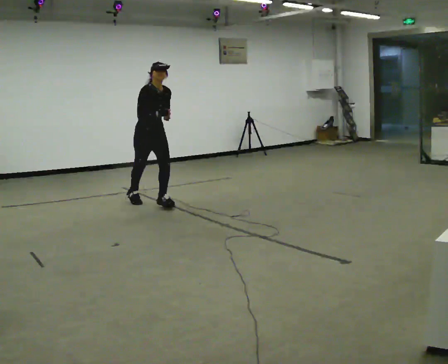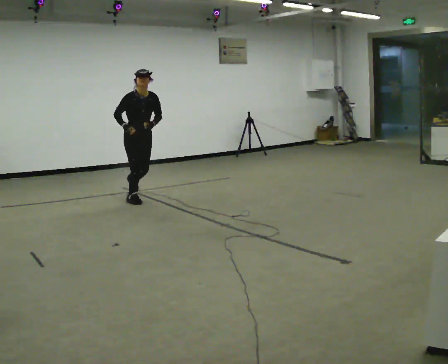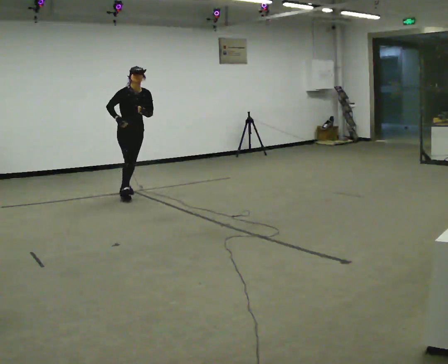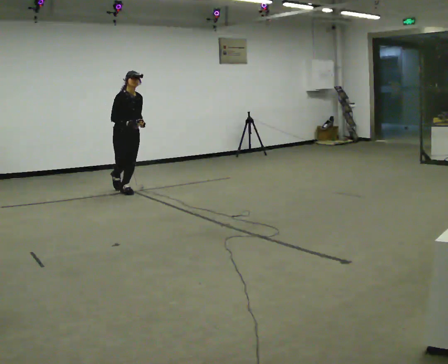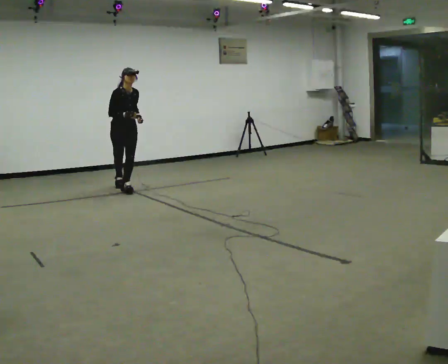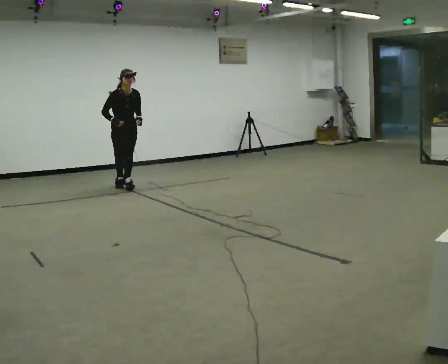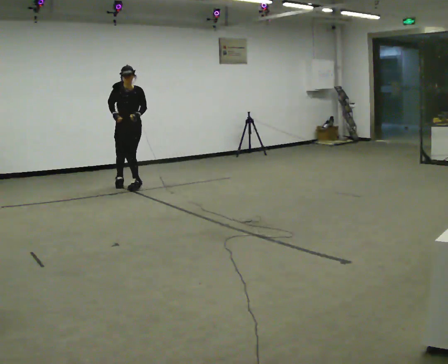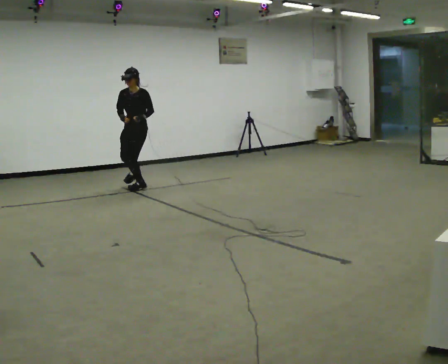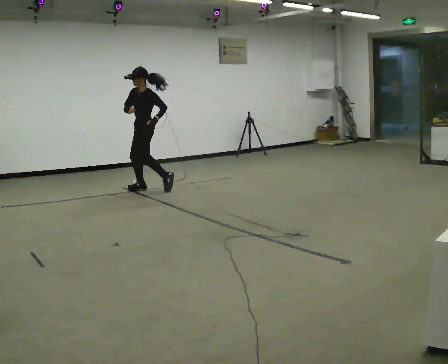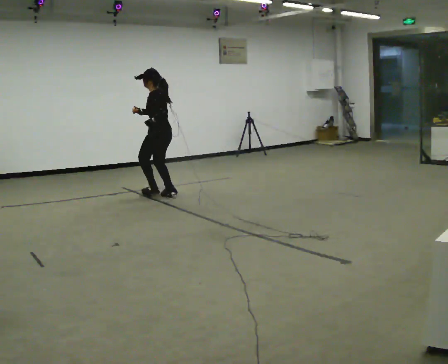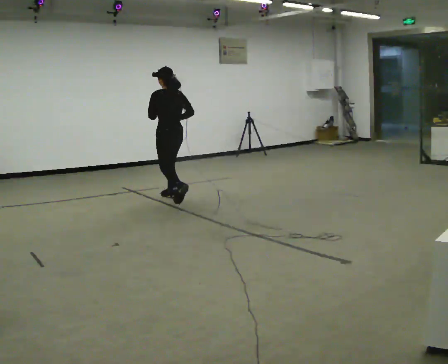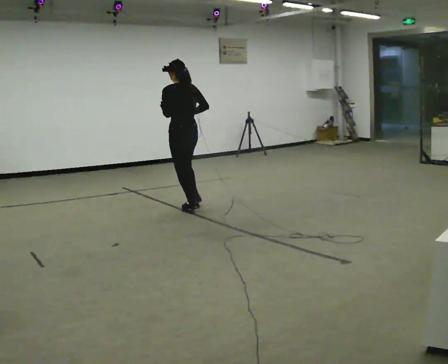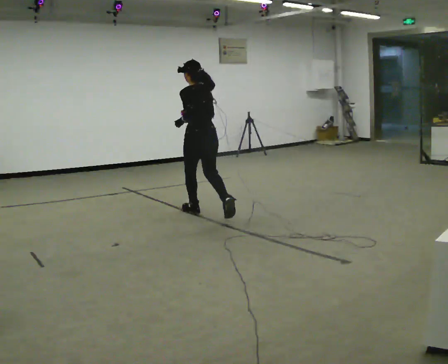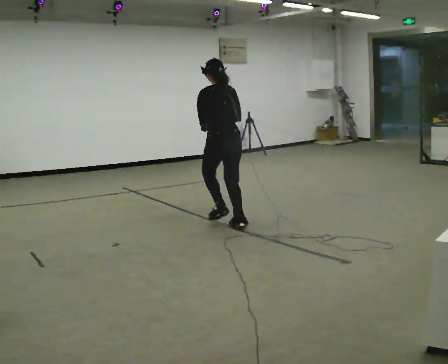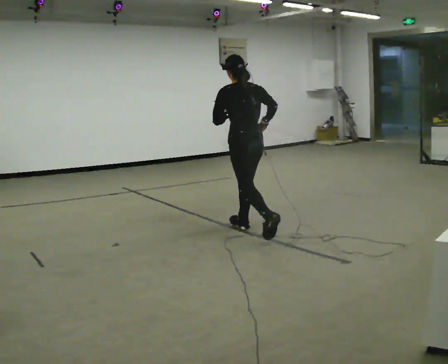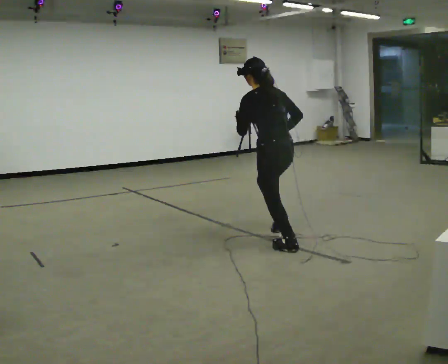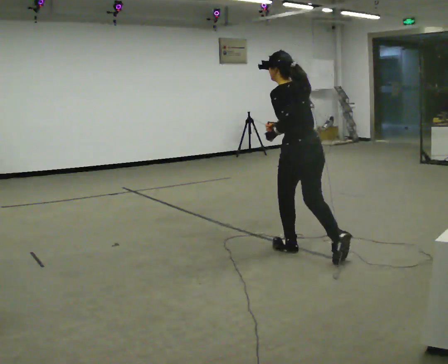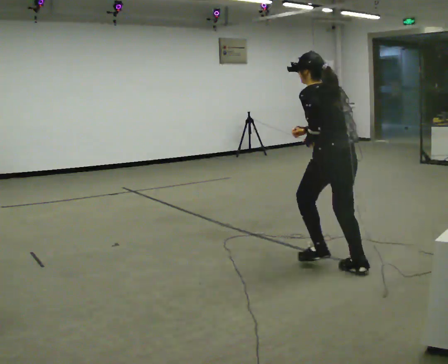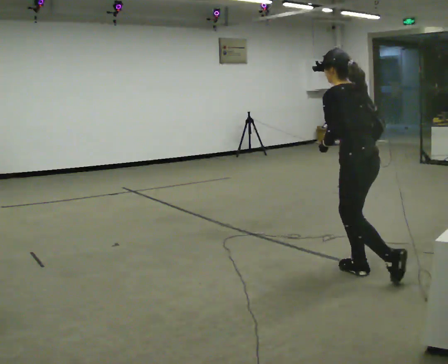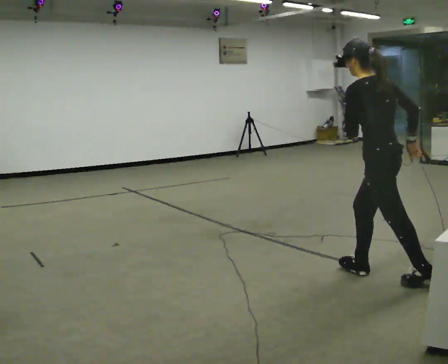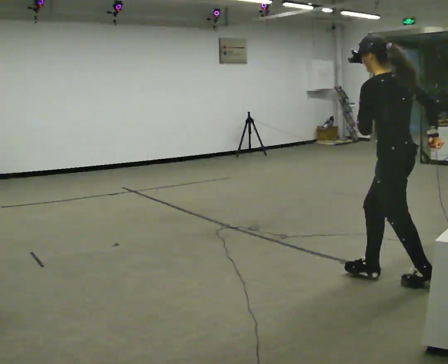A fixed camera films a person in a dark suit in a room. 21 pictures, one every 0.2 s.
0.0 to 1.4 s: Seen from above the body turns clockwise, about 60 degrees: to their right, with its near side sliding to the left. In the picture they go away from the camera, about 1 m in 3 steps. In the picture the upper body tilts counterclockwise, shoulders to the left.
1.4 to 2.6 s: Seen from above the body turns clockwise, about 120 degrees: to their right, with its near side sliding to the left. In the picture they go toward the camera and to the right, about 2 m in 3 steps. The upper body tips away from the camera, its near side rolling upward.
2.6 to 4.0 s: In the picture they go toward the camera and to the right, about 2 m in 2 steps, which for them is backward.
The film runs backward here.
